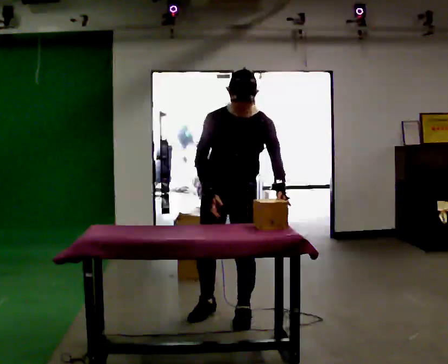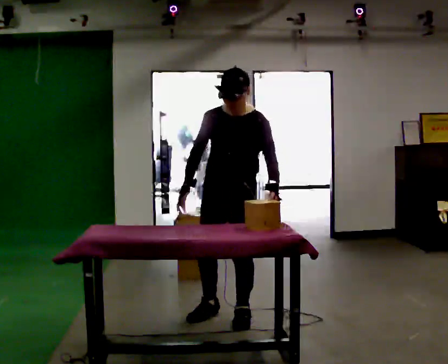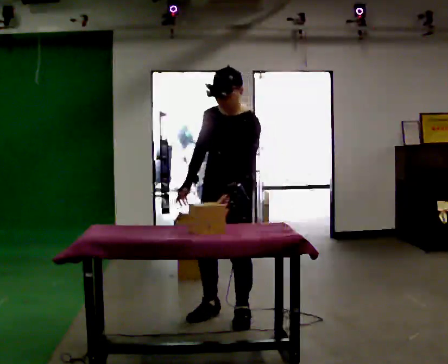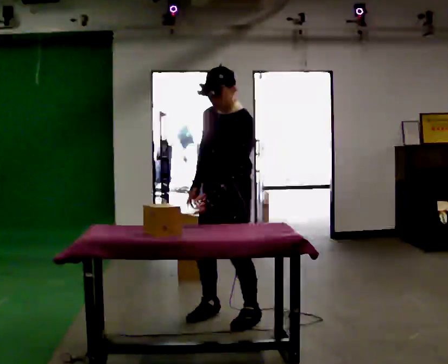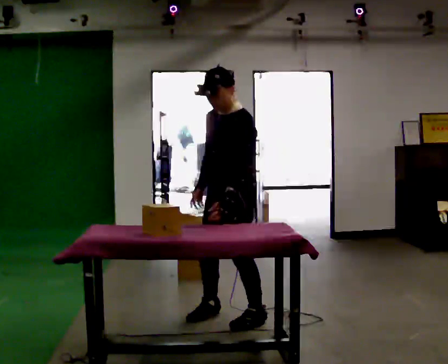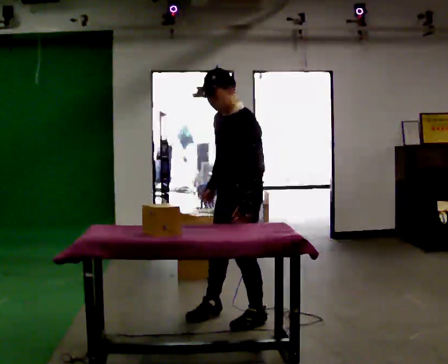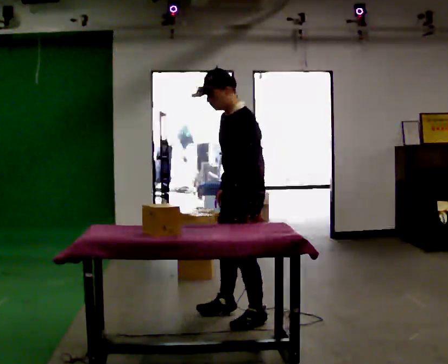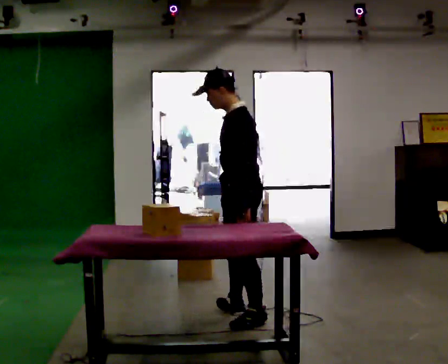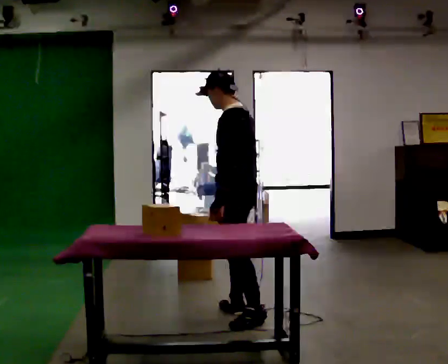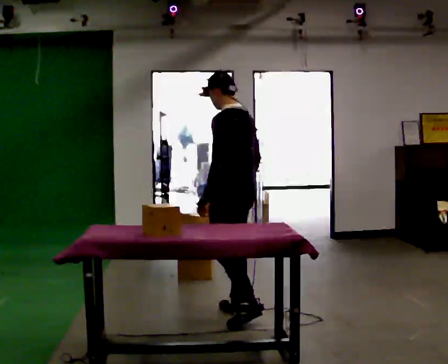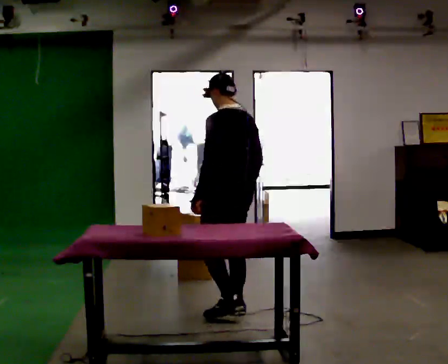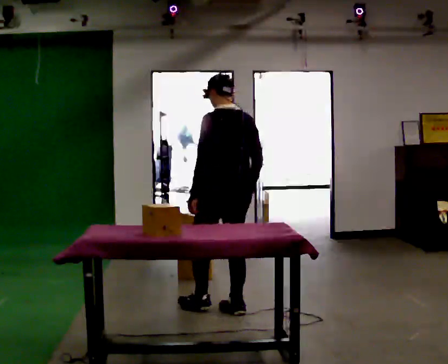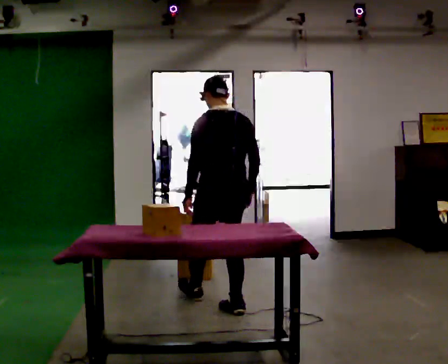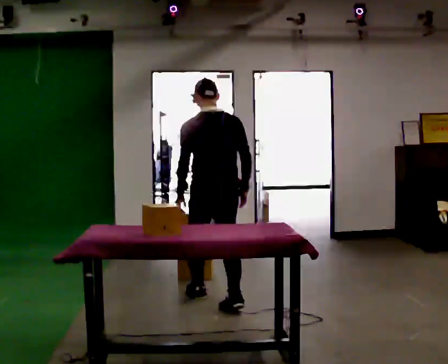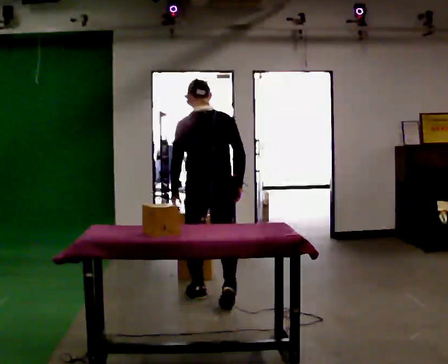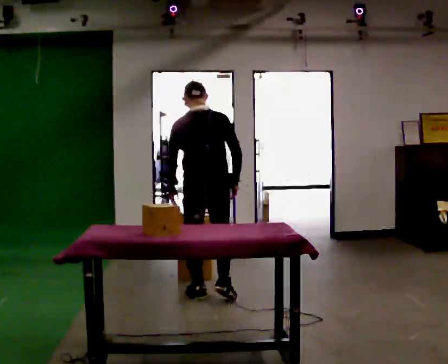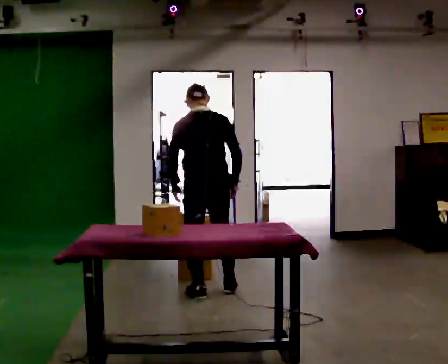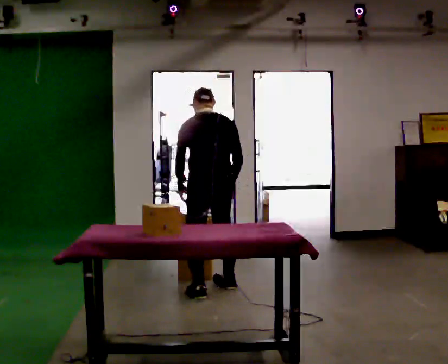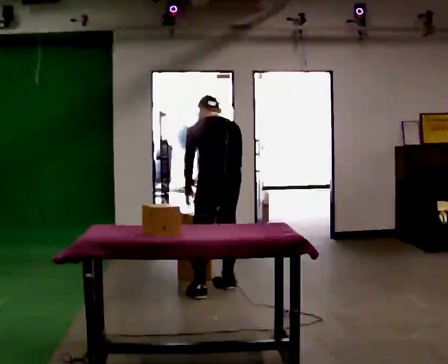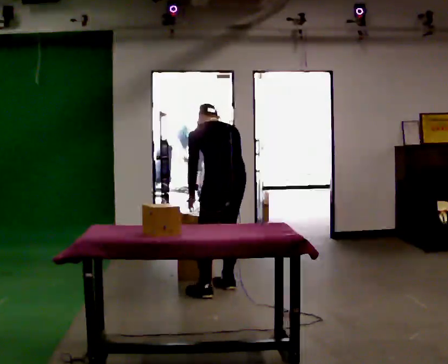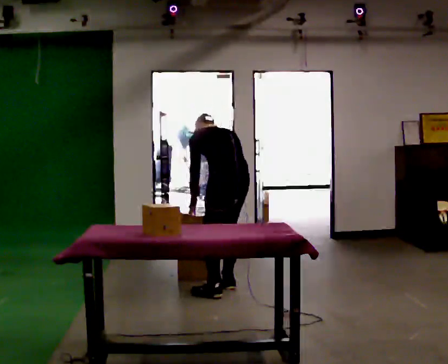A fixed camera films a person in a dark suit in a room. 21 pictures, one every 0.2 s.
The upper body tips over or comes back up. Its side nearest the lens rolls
upward.
0.0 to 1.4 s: Seen from above the body turns clockwise, about 75 degrees: to their right, with its near side sliding to the left. In the picture the upper body tilts counterclockwise, shoulders to the left.
1.4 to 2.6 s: Seen from above the body turns clockwise, about 75 degrees: to their right, with its near side sliding to the left. In the picture they go away from the camera and to the left, about 0.5 m in 1 step.
2.6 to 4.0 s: Seen from above the body turns counterclockwise, about 30 degrees: to their left, with its near side sliding to the right. In the picture they go away from the camera, about 0.5 m in 1 step, which for them is forward and to their right. The upper body tips away from the camera, its near side rolling upward, as they bend forward.
The film runs forward here.
